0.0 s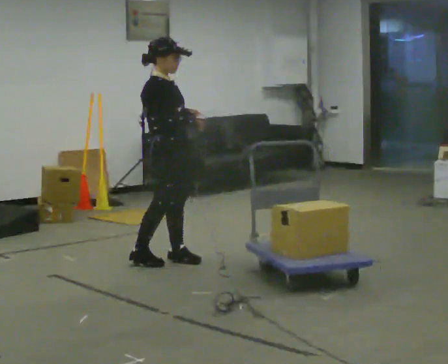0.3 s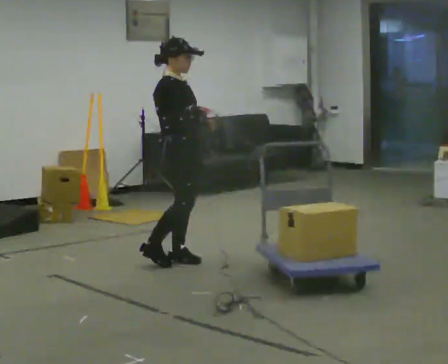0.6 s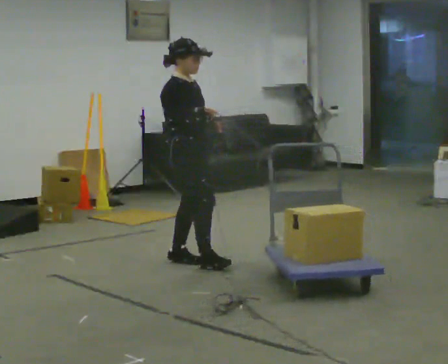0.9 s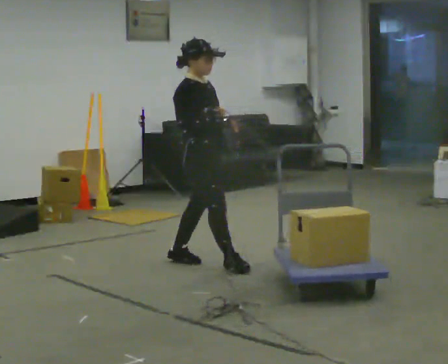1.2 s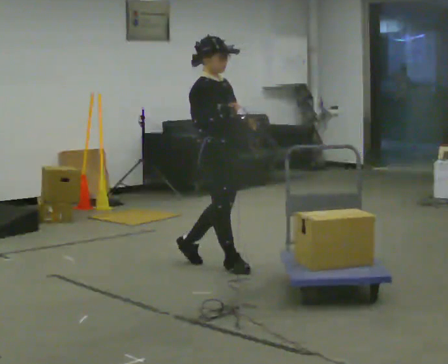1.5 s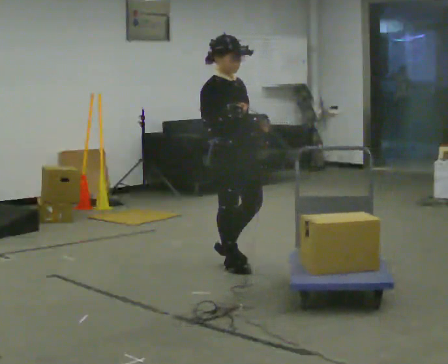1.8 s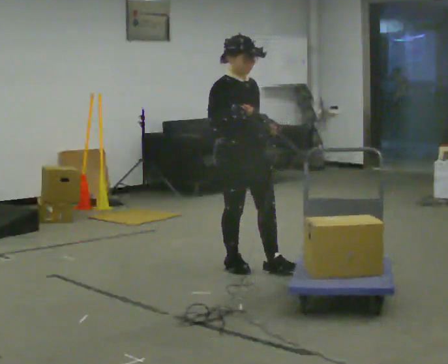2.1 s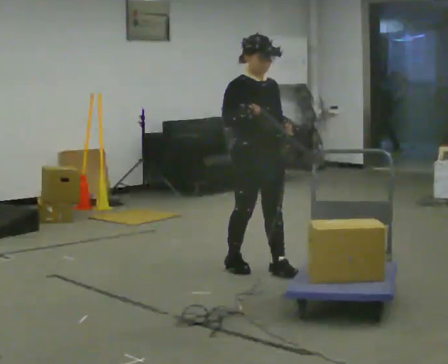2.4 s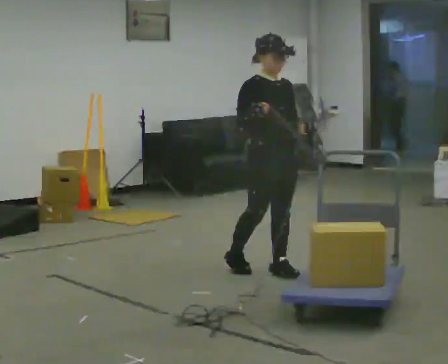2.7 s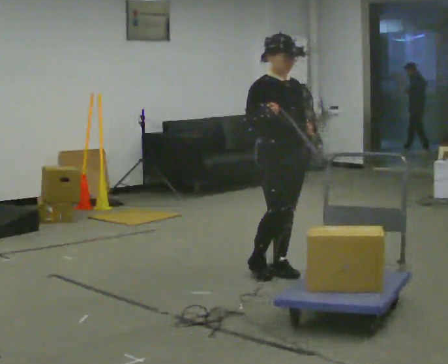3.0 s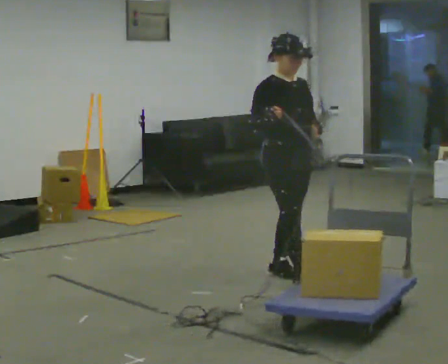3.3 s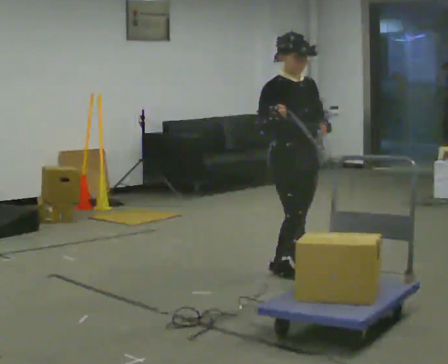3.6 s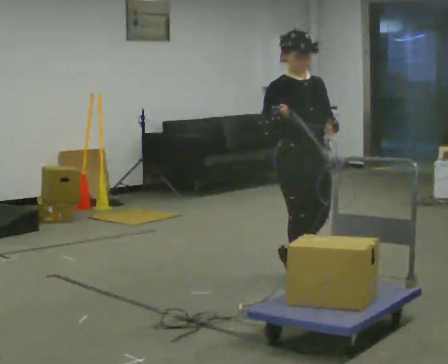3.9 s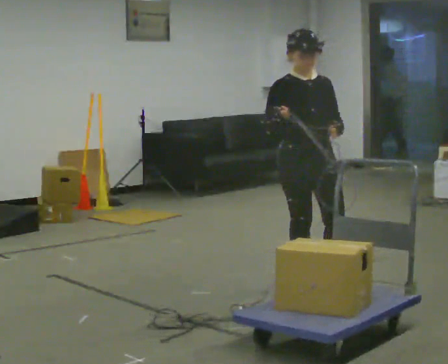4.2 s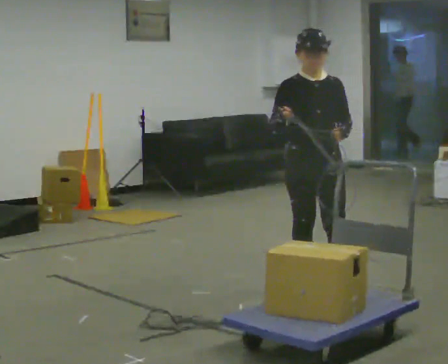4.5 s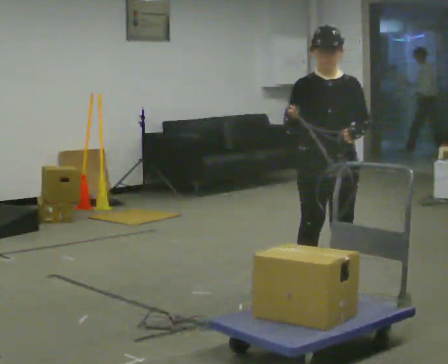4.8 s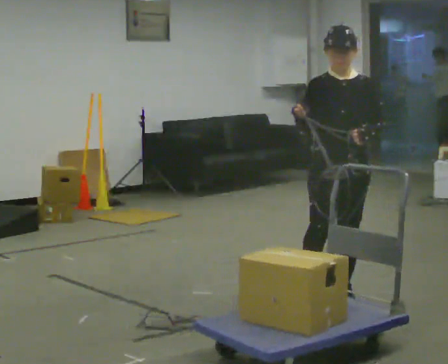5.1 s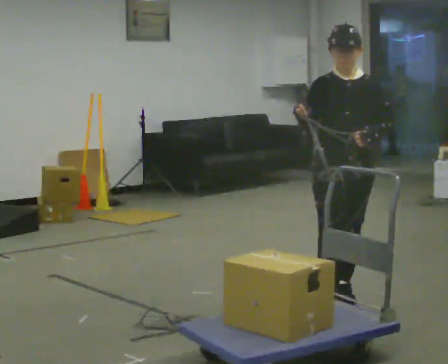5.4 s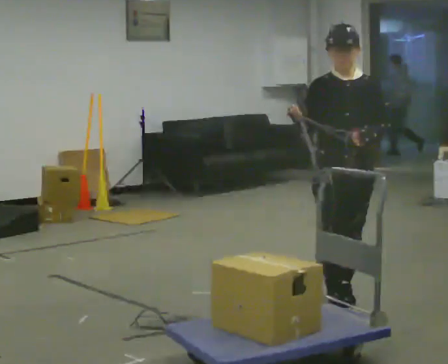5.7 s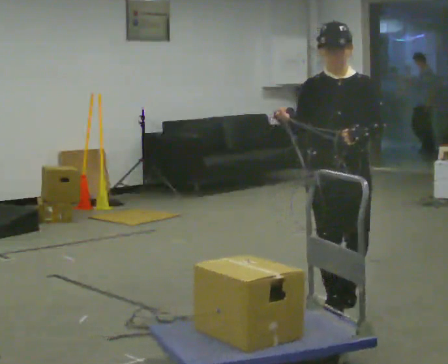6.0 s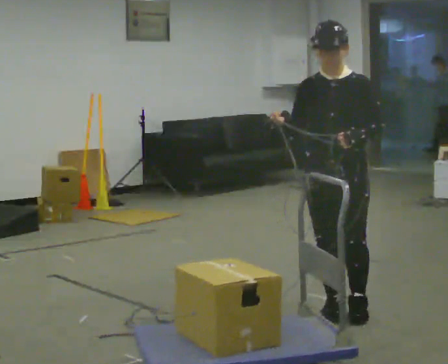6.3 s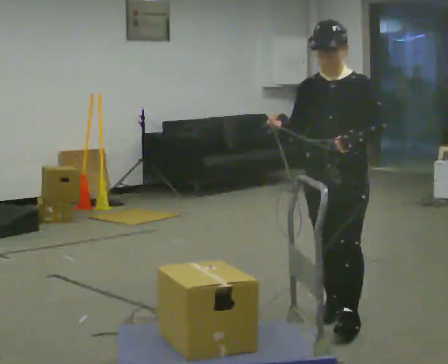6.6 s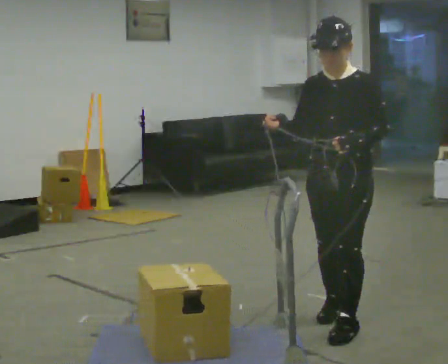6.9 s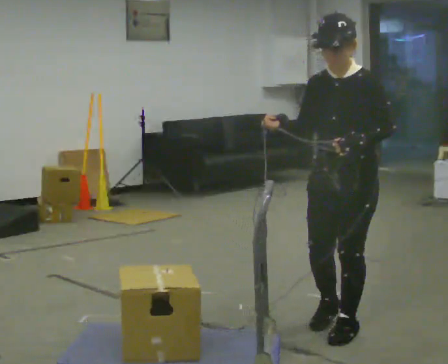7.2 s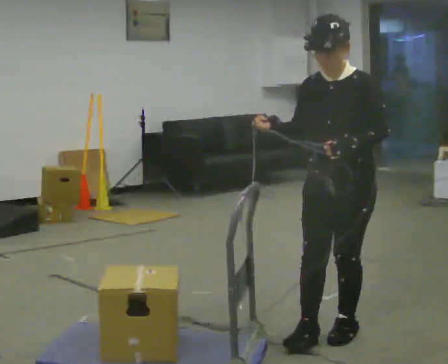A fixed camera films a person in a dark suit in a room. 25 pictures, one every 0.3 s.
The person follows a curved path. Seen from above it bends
clockwise.
The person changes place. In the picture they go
toward the camera.
0.0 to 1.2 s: In the picture they go to the right, about 0.25 m in 2 steps, which for them is forward.
1.2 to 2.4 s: Seen from above the body turns clockwise, about 30 degrees: to their right, with its near side sliding to the left. In the picture they go to the right and toward the camera, about 0.5 m, which for them is forward and to their left.
2.4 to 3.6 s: In the picture they go toward the camera and to the right, about 0.25 m in 2 steps, which for them is forward.
3.6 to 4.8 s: Seen from above the body turns clockwise, about 30 degrees: to their right, with its near side sliding to the left. In the picture they go toward the camera and to the right, about 0.5 m in 1 step, which for them is forward and to their left.
4.8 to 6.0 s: In the picture they go toward the camera, about 0.25 m in 1 step, which for them is forward.
6.0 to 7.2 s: In the picture they go toward the camera, about 0.25 m in 1 step, which for them is forward and to their left.
The film runs backward here.
